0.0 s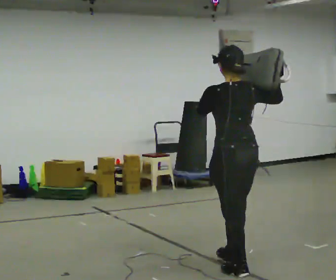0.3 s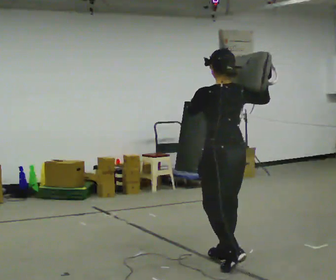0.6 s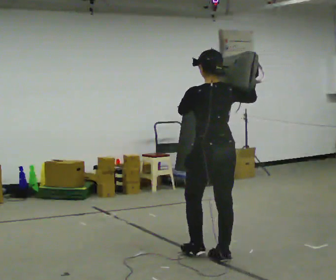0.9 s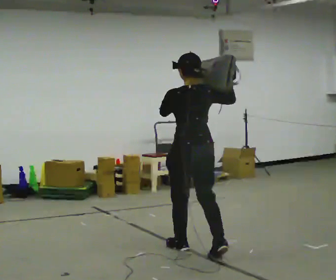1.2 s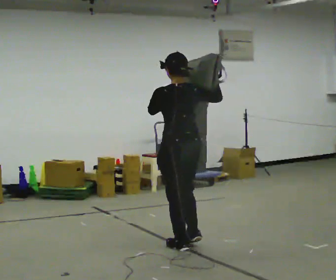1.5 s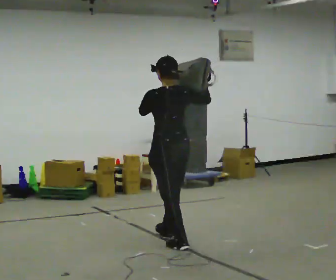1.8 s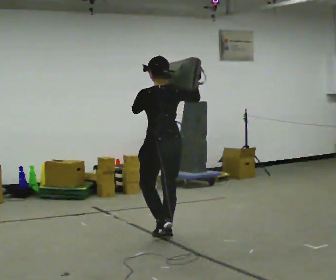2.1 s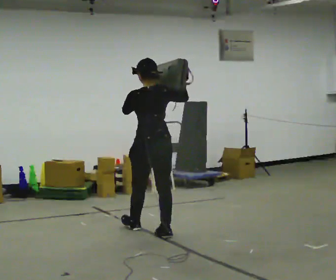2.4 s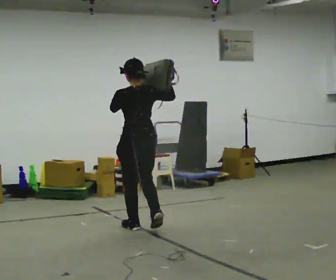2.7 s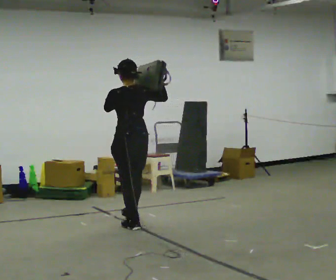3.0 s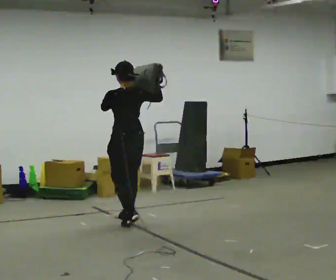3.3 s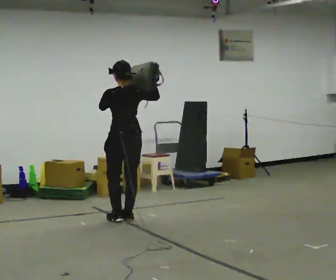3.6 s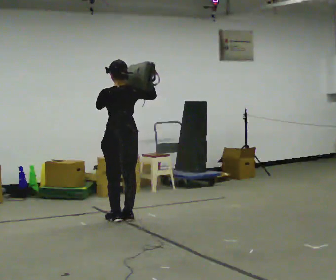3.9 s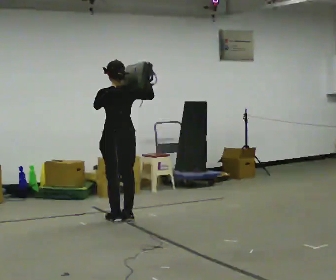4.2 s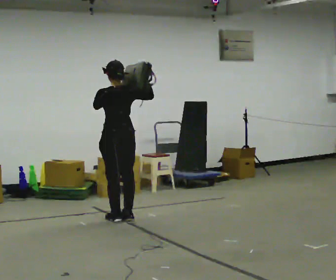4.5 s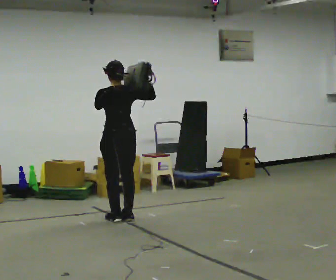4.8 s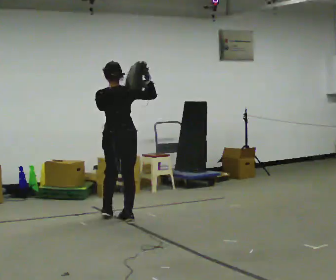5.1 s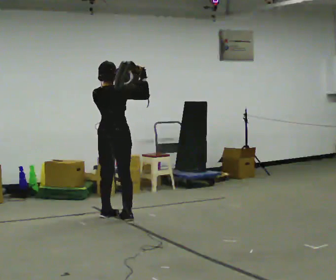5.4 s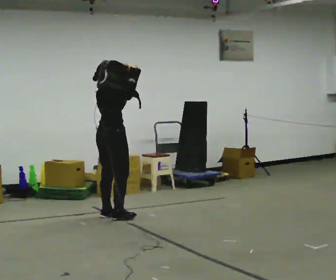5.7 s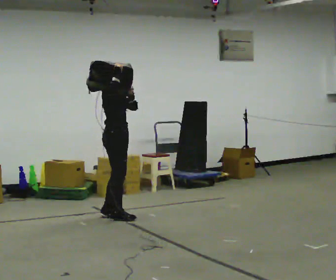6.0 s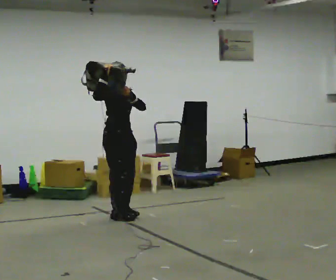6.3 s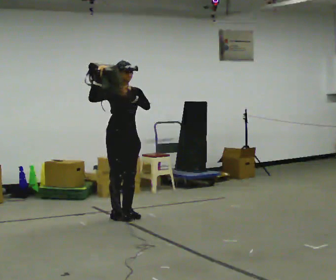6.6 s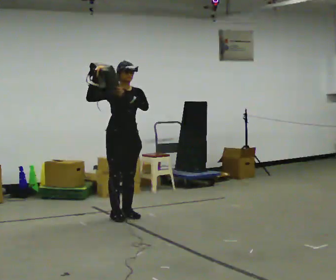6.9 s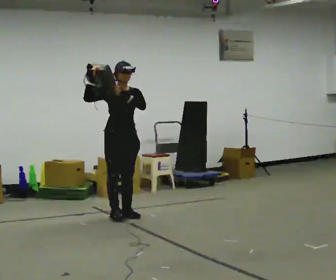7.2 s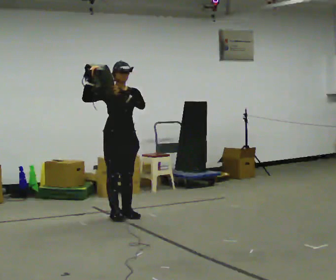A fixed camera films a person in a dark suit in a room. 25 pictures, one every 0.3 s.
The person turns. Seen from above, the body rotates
clockwise.
The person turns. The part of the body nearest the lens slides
to the left.
0.0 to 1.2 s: In the picture they go away from the camera and to the left, about 1 m in 2 steps, which for them is forward.
1.2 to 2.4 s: In the picture they go away from the camera and to the left, about 1 m in 2 steps, which for them is forward.
2.4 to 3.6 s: In the picture they go away from the camera and to the left, about 0.5 m in 2 steps, which for them is forward.
3.6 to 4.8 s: The person moves a little, or ends about where they began.
4.8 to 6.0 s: Seen from above the body turns clockwise, about 120 degrees: to their right, with its near side sliding to the left. In the picture their right hand goes to the left.
6.0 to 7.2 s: Seen from above the body turns clockwise, about 30 degrees: to their right, with its near side sliding to the left.
The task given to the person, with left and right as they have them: Put the soft bag up onto your shoulder and carry it across the room, back and forth.
The film runs forward here.
